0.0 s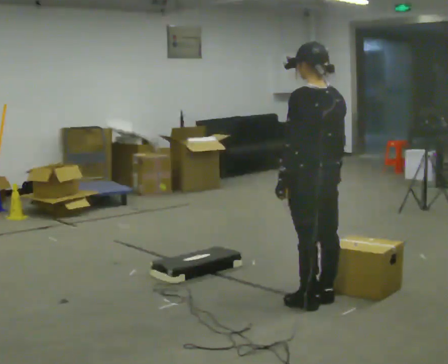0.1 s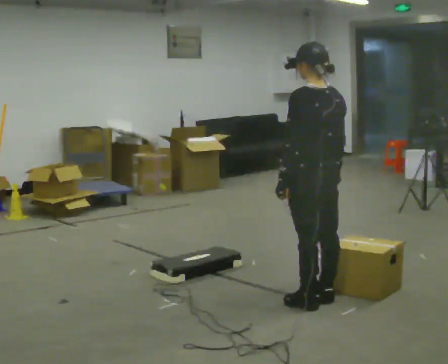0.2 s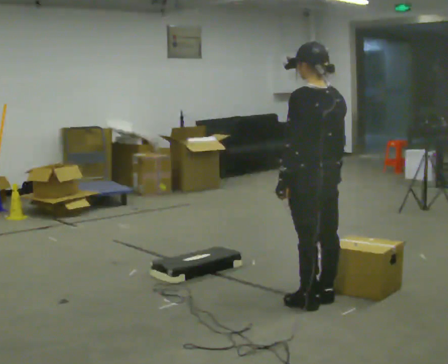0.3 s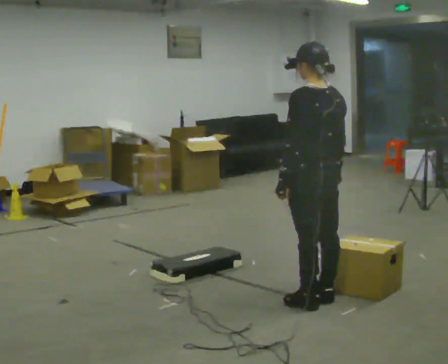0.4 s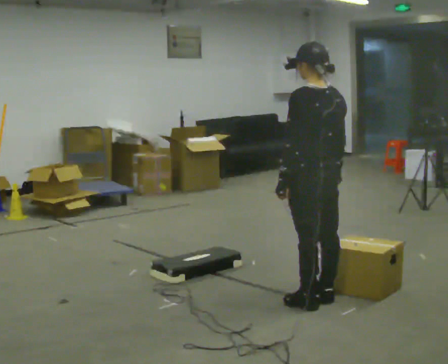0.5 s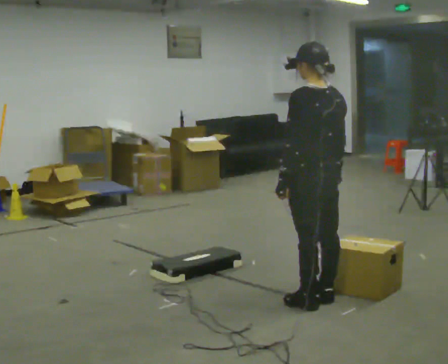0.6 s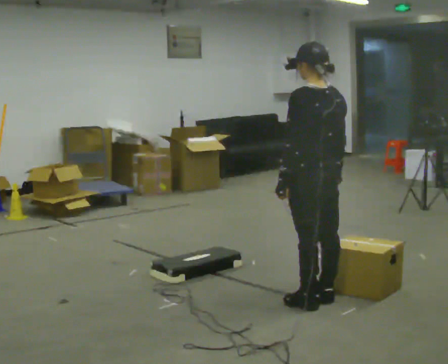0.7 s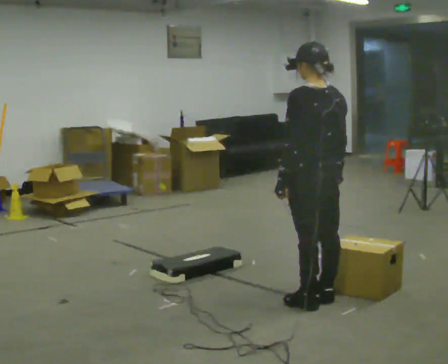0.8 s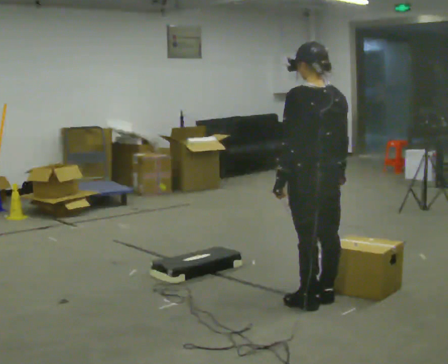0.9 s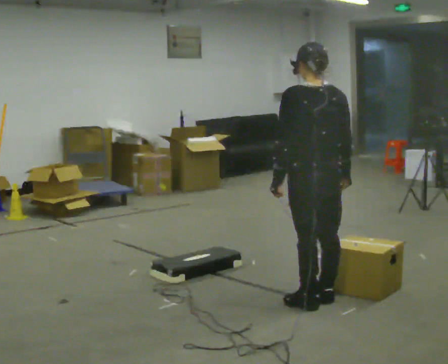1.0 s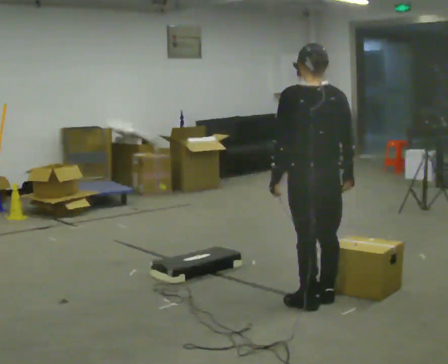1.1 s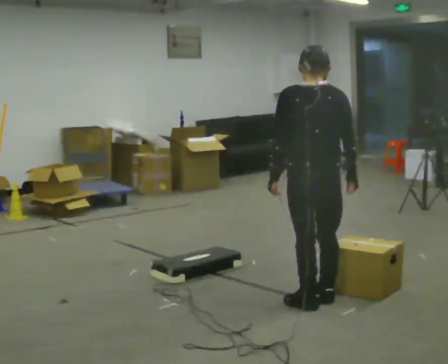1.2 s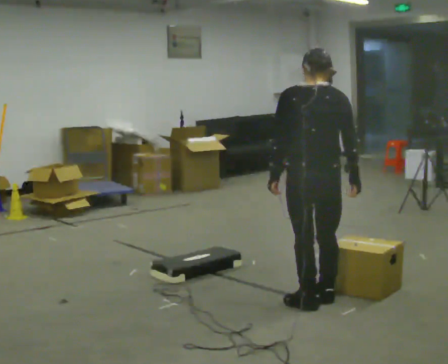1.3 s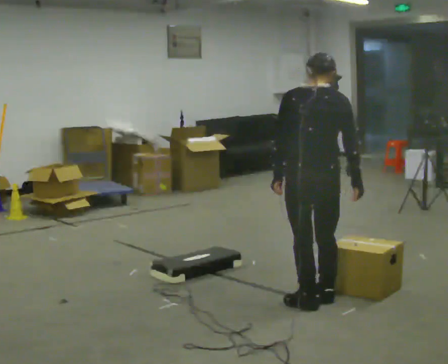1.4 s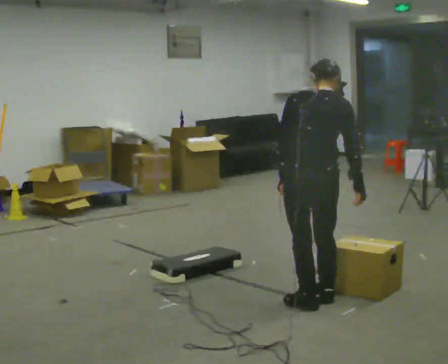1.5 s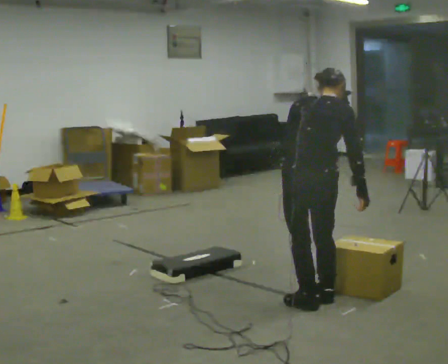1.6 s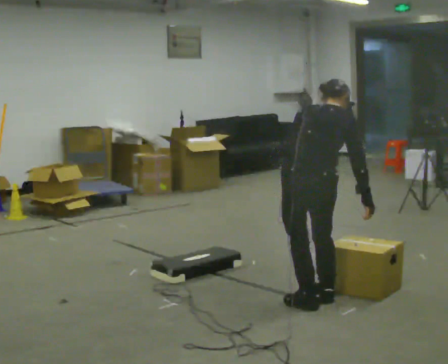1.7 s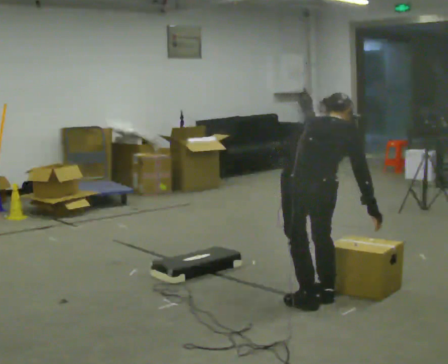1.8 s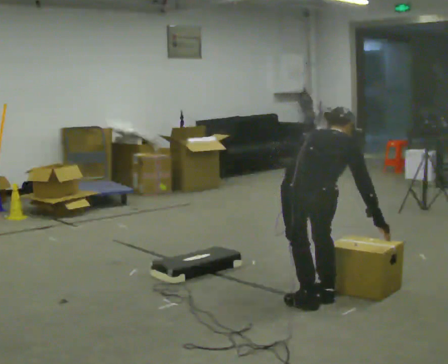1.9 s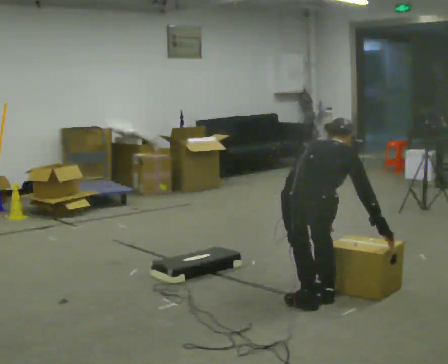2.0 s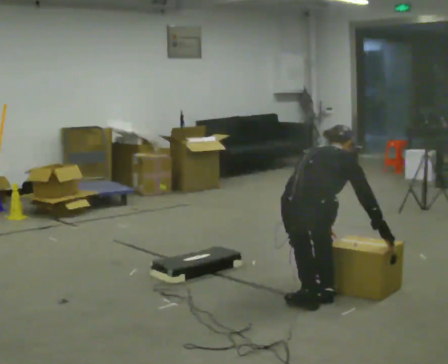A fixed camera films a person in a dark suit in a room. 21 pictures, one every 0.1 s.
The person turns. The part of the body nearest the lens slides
to the left.
The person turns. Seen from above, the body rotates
clockwise.
0.0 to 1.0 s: Seen from above the body turns clockwise, about 30 degrees: to their right, with its near side sliding to the left.
1.0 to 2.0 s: The person turns about 45 degrees to their right, clockwise seen from above, so the part of the body nearest the lens slides to the left. The shoulders move downward. The upper body tips away from the camera, its near side rolling upward, as they bend forward. In the picture their left hand goes downward and to the right.
The film runs forward here.
